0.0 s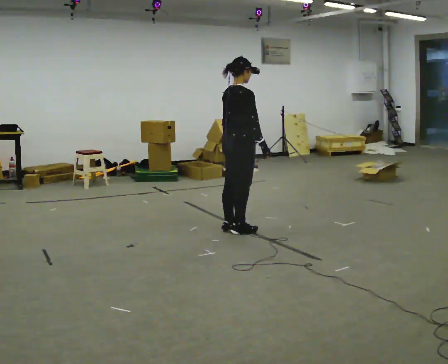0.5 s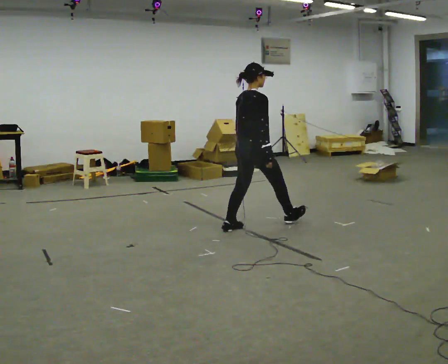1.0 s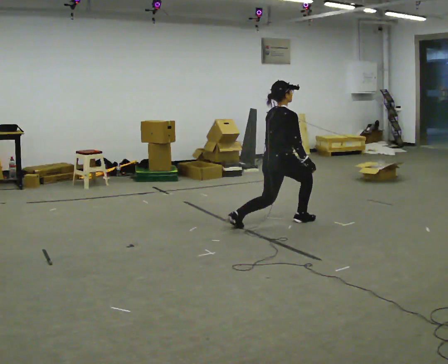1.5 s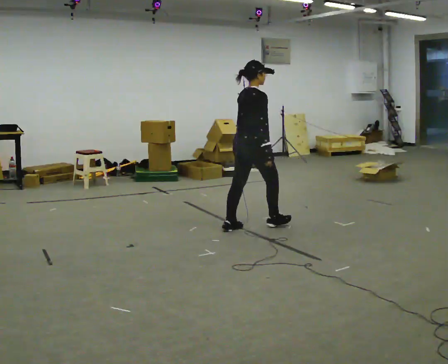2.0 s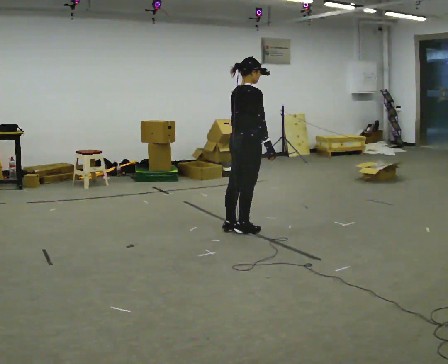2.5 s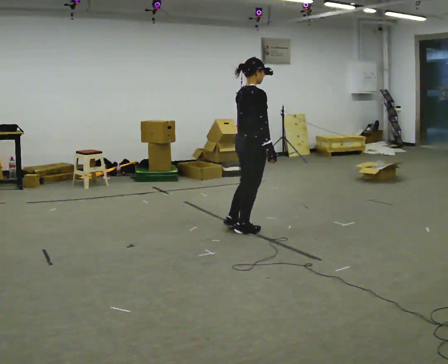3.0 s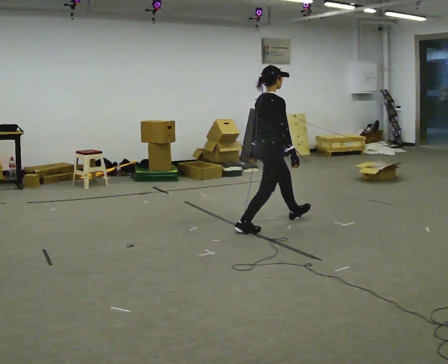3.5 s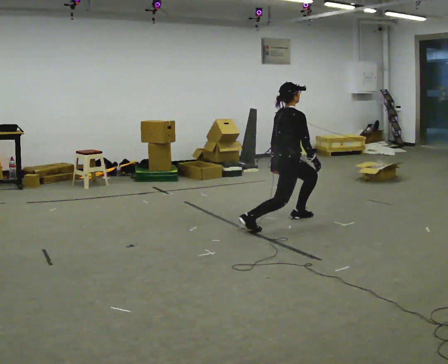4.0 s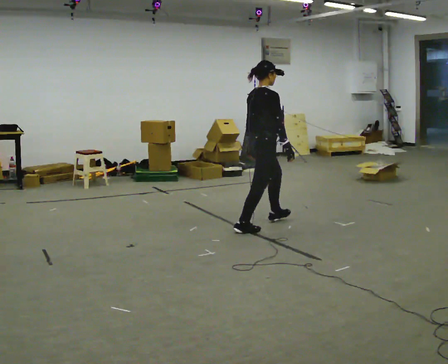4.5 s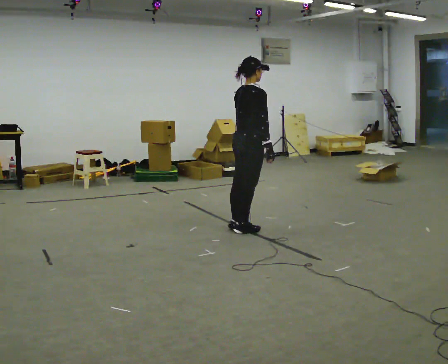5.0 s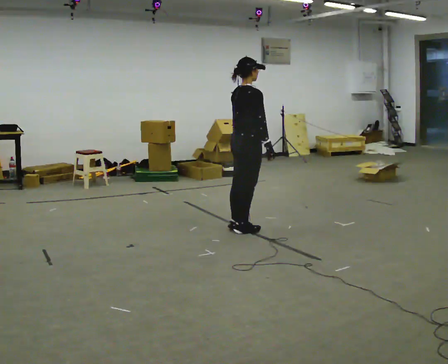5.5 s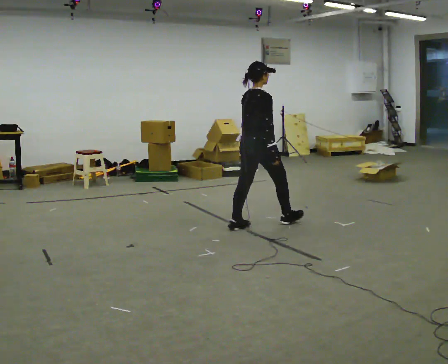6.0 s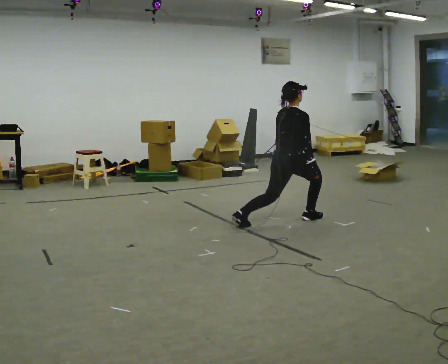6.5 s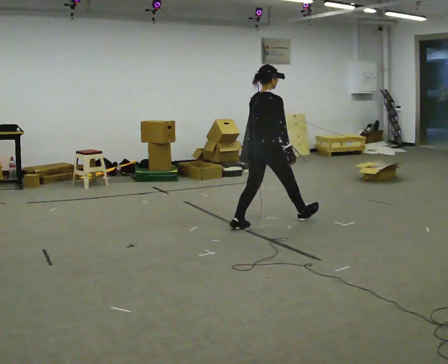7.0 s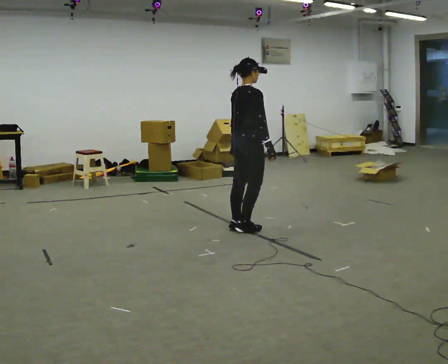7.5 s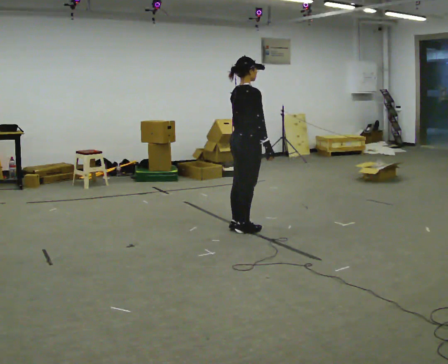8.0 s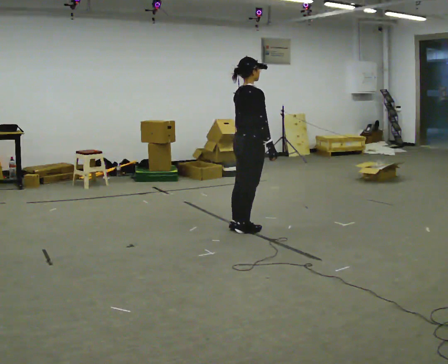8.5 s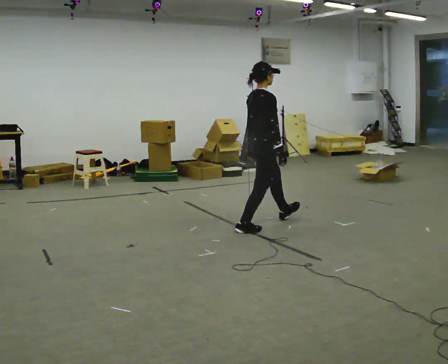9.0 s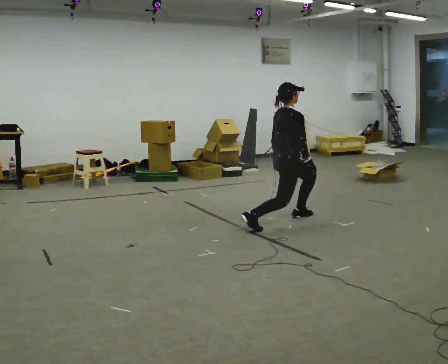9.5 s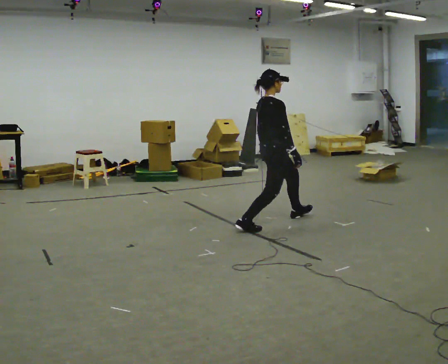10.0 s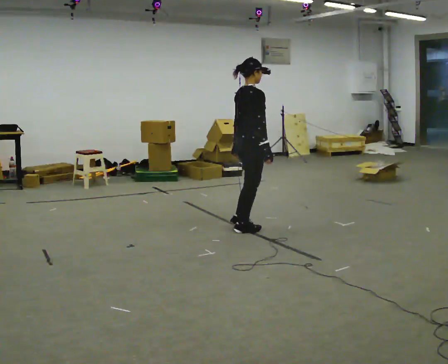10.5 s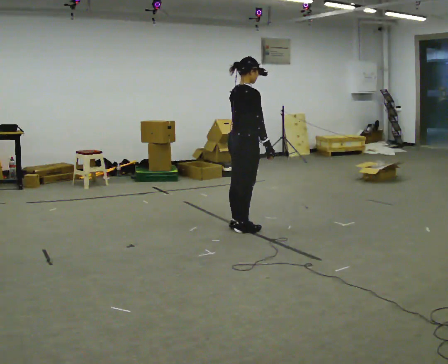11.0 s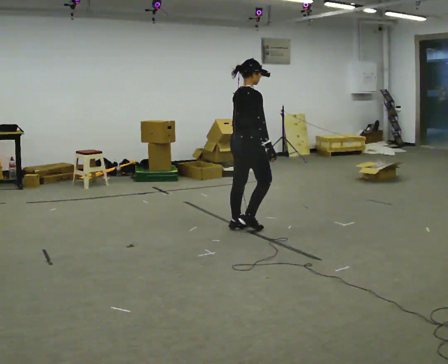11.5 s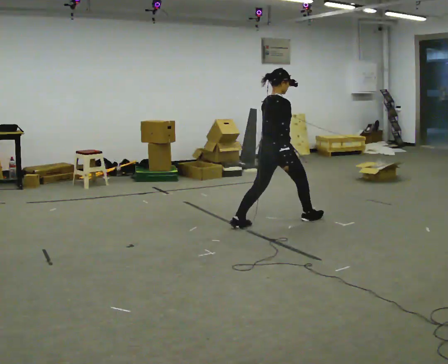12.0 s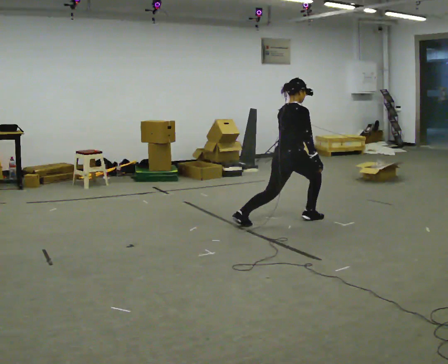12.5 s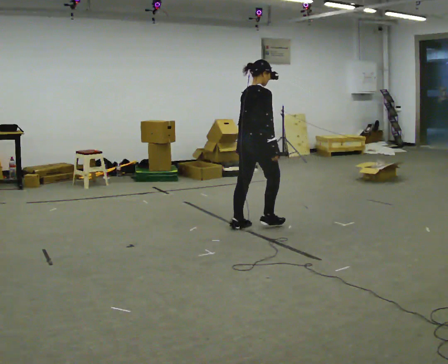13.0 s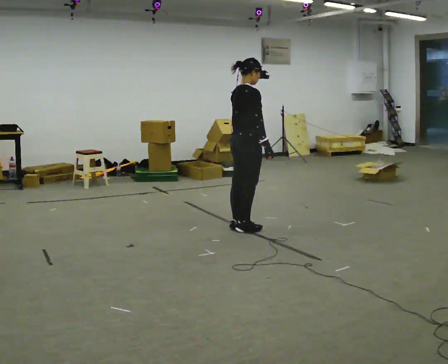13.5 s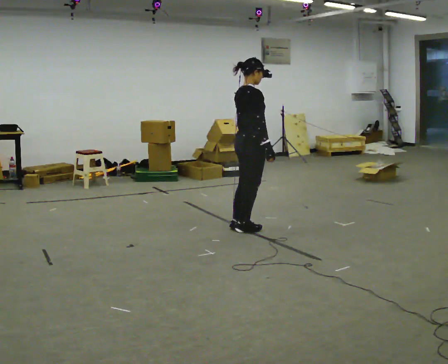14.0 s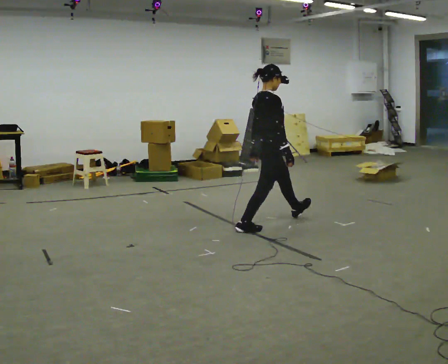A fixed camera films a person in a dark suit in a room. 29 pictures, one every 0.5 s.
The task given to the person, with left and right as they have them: Step forward into a lunge on the leg the operator calls, lowering your back knee toward the floor, then push back to standing. Then do the same stepping backward instead. Repeat the movement at your own pace until the operator says stop; do not rush.
0.0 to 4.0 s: In the picture they go to the right, about 0.25 m in 3 steps, which for them is forward.
4.0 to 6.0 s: In the picture they go to the right and away from the camera, about 0.25 m in 2 steps, which for them is forward. The upper body goes downward.
6.0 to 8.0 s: In the picture they go to the left and toward the camera, about 0.5 m in 1 step, which for them is backward. The shoulders move upward.
8.0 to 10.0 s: The person moves a little, or ends about where they began.
10.0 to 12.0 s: In the picture they go to the right and away from the camera, about 0.5 m in 2 steps, which for them is forward.
12.0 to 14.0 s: In the picture they go to the left, about 0.25 m in 1 step, which for them is backward.
The film runs forward here.
